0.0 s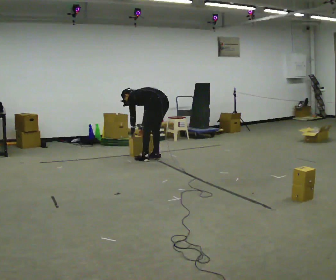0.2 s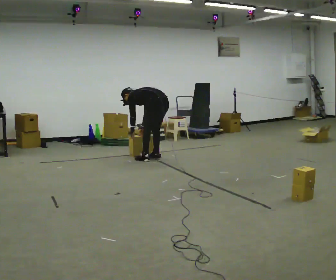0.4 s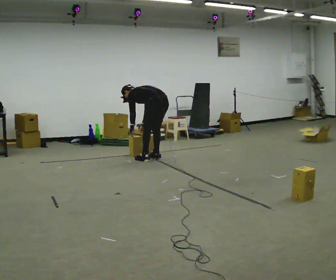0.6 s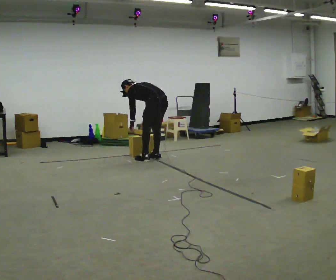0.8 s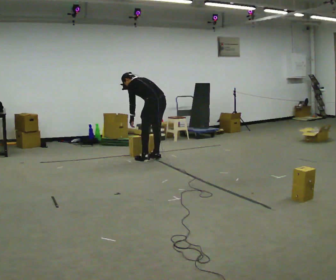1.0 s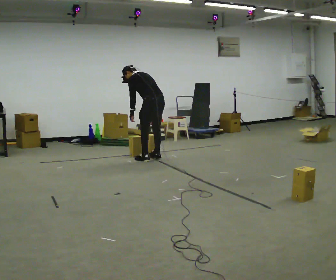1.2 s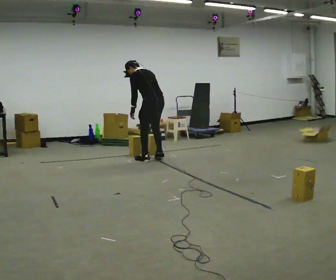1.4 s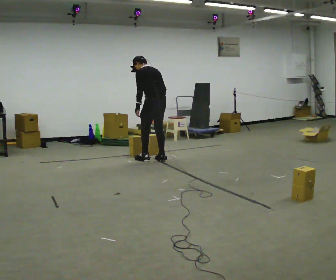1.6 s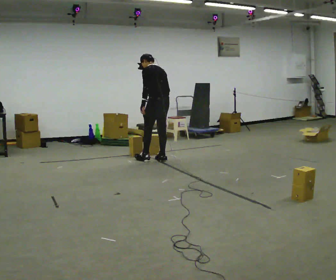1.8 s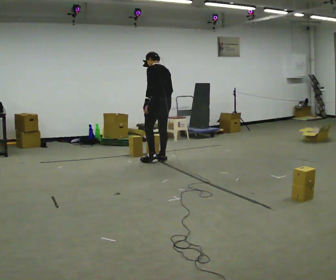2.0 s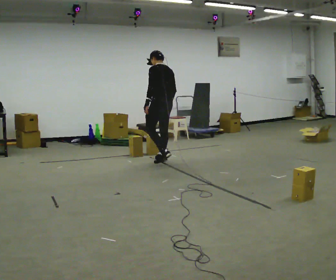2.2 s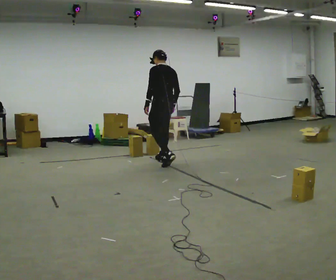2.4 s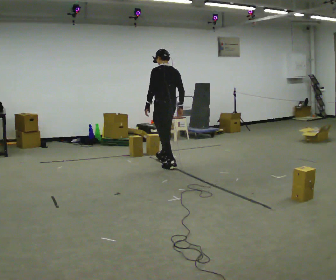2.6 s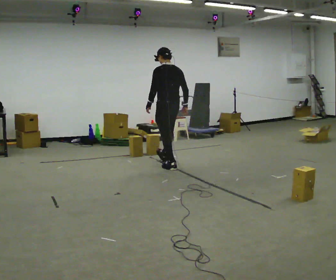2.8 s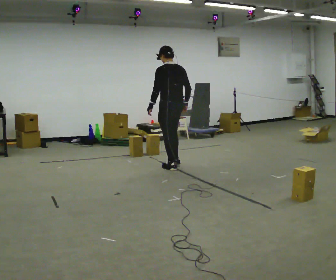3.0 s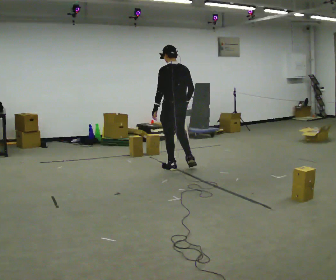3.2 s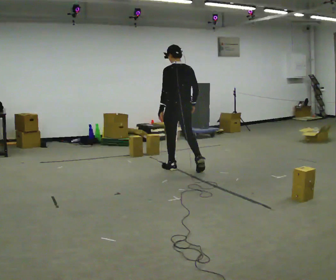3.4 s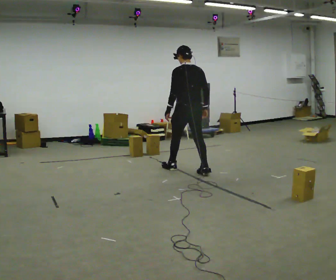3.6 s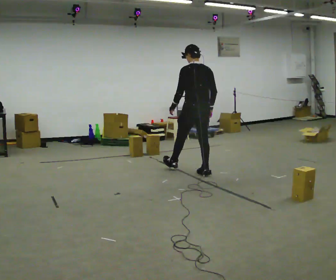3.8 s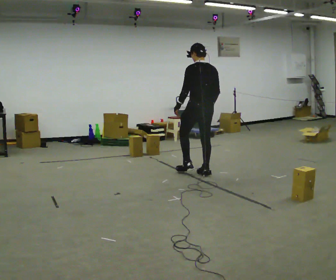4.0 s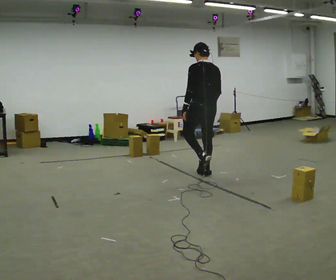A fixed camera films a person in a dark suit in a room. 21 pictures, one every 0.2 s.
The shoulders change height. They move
upward.
The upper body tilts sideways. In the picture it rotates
clockwise.
0.0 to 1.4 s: The shoulders move upward. In the picture the upper body tilts clockwise, shoulders to the right, as they lean back or straighten. In the picture their right hand goes upward and to the right.
1.4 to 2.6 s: In the picture they go toward the camera and to the right, about 0.5 m in 2 steps, which for them is backward. In the picture the upper body tilts clockwise, shoulders to the right, as they lean back or straighten.
2.6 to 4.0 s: In the picture they go toward the camera and to the right, about 0.5 m in 1 step, which for them is backward.
The film runs backward here.
